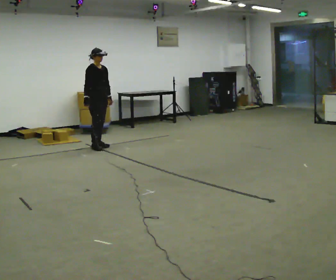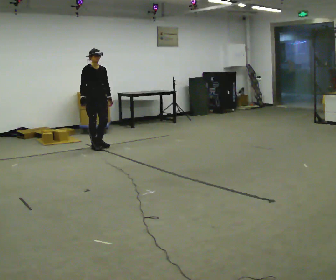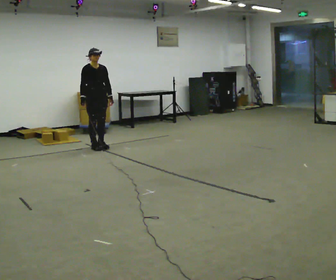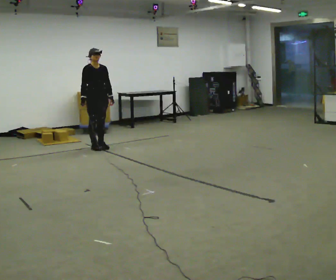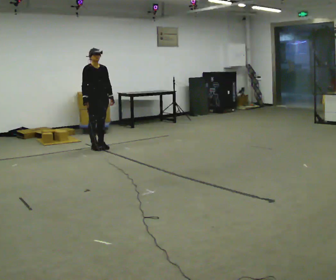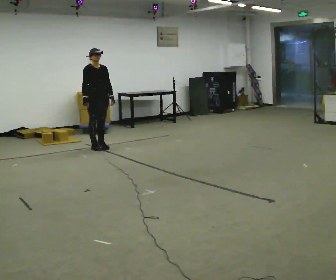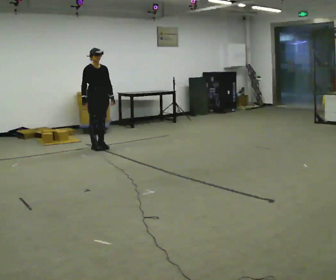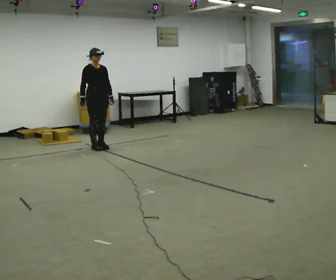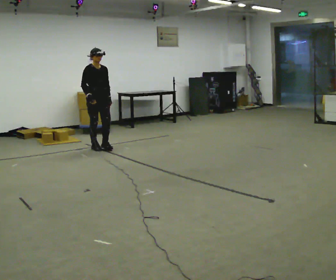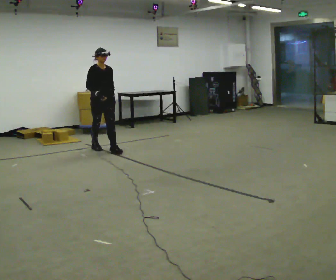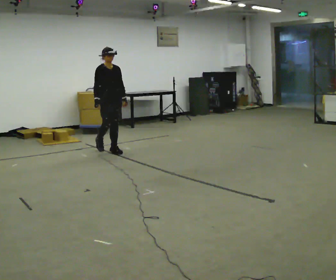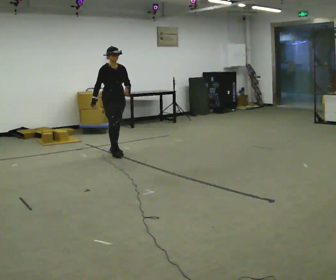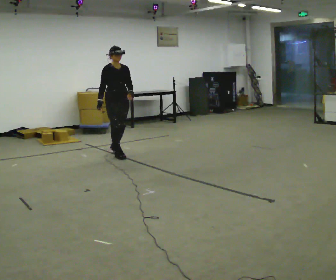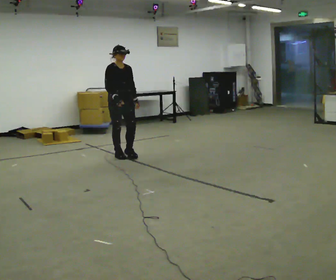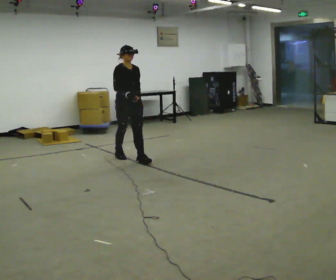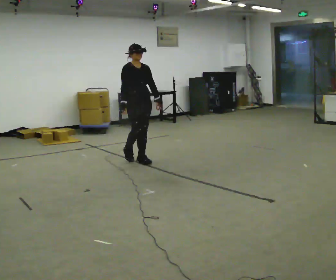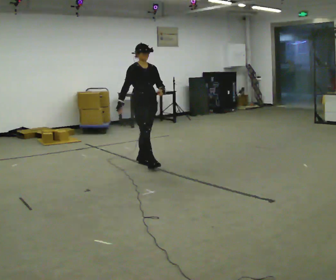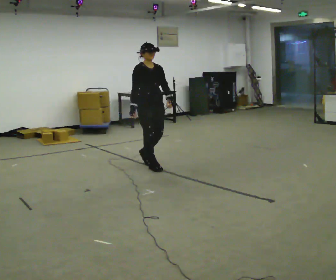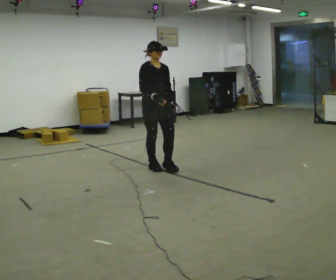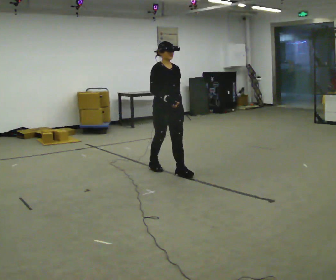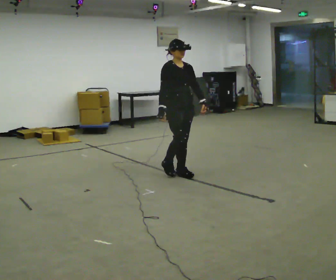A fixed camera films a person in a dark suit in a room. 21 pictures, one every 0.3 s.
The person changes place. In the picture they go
toward the camera.
0.0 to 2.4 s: The person moves a little, or ends about where they began.
2.4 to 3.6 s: In the picture they go toward the camera and to the right, about 0.5 m in 2 steps, which for them is forward.
3.6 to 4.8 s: In the picture they go toward the camera and to the right, about 0.75 m in 1 step, which for them is forward.
4.8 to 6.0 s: In the picture they go toward the camera and to the right, about 0.75 m in 2 steps, which for them is forward.
The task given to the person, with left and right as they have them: Walk forward noticeably slower than normal; do not shuffle; stop.
The film runs forward here.
